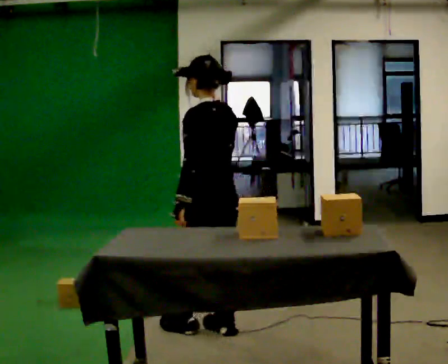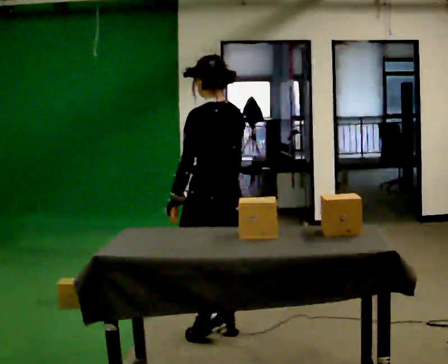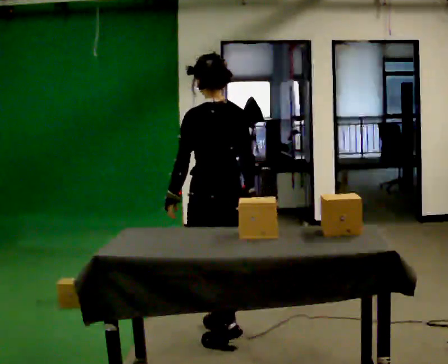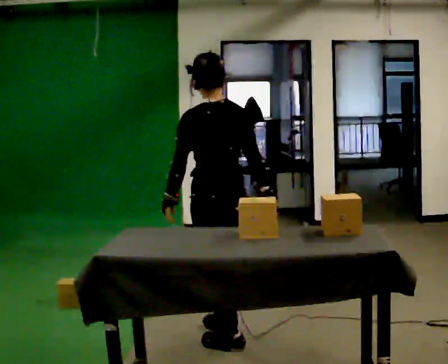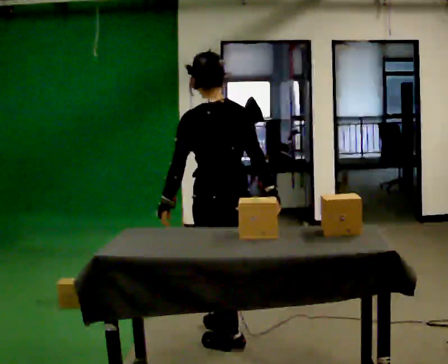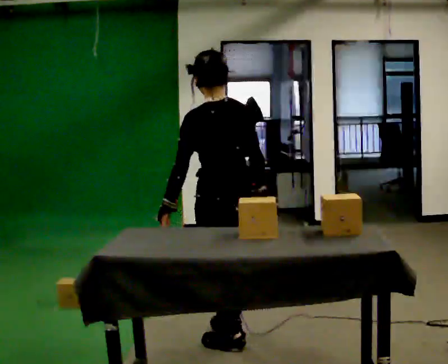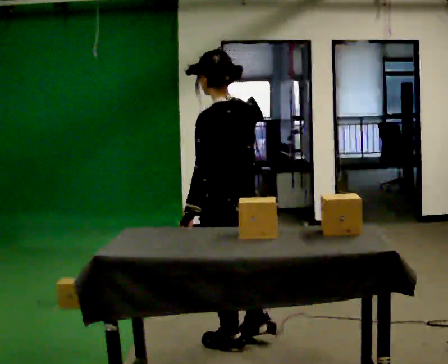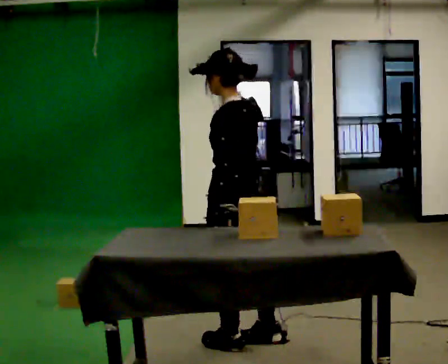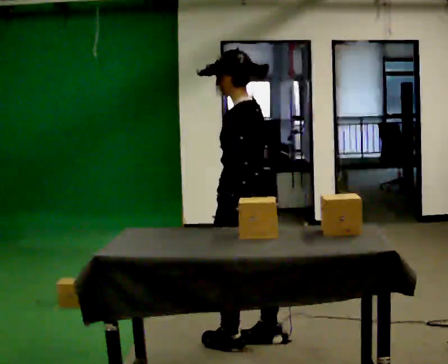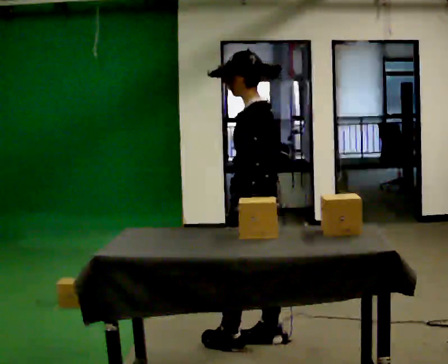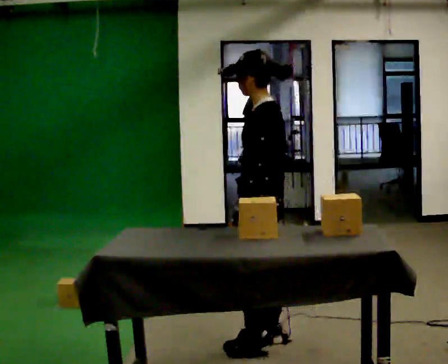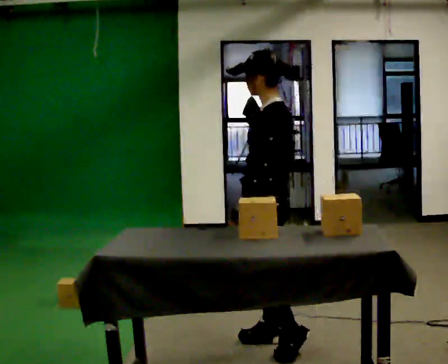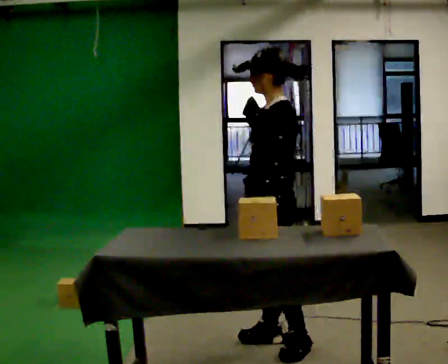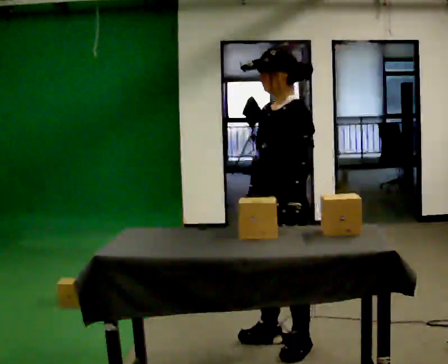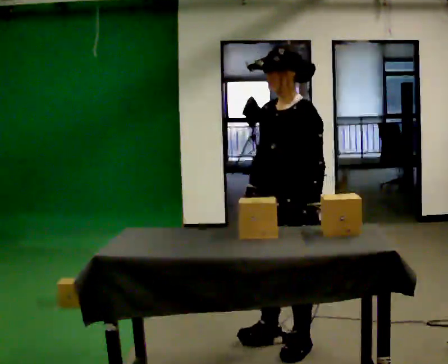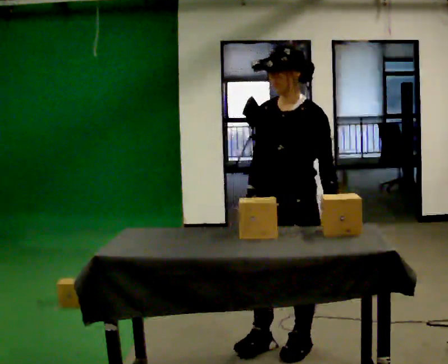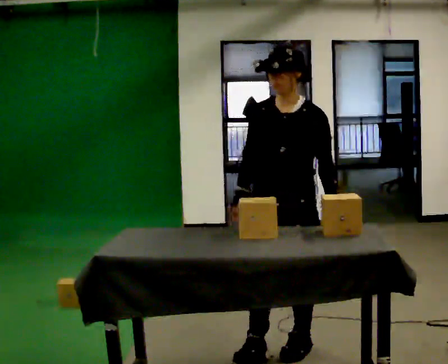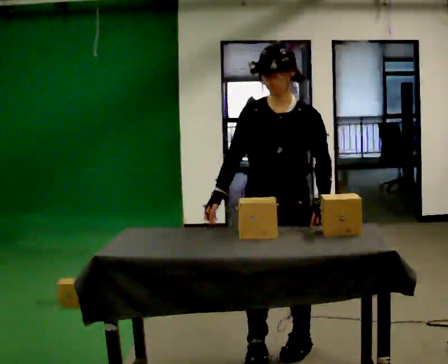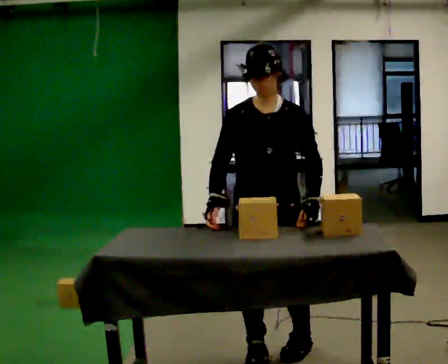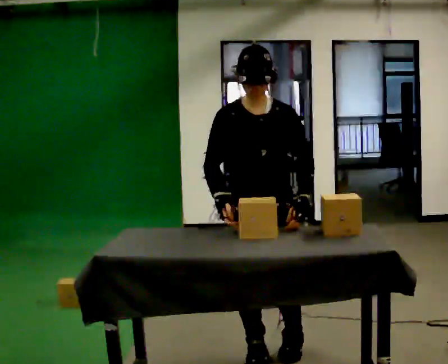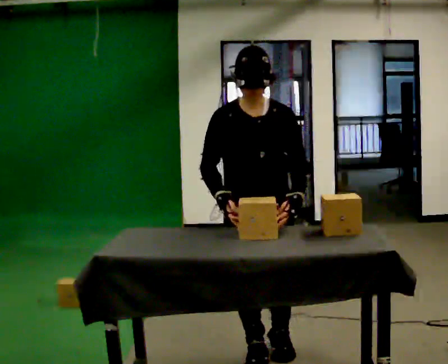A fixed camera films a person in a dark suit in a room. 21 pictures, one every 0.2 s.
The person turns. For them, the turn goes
to their left.
The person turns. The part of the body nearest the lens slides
to the right.
0.0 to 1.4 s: In the picture they go toward the camera, about 0.25 m in 1 step, which for them is backward.
1.4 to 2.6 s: Seen from above the body turns counterclockwise, about 45 degrees: to their left, with its near side sliding to the right. In the picture they go to the right, about 0.25 m in 1 step, which for them is backward.
2.6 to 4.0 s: Seen from above the body turns counterclockwise, about 75 degrees: to their left, with its near side sliding to the right. In the picture they go toward the camera, about 0.25 m in 1 step.
The film runs backward here.
